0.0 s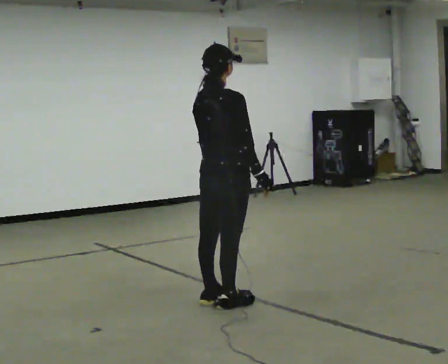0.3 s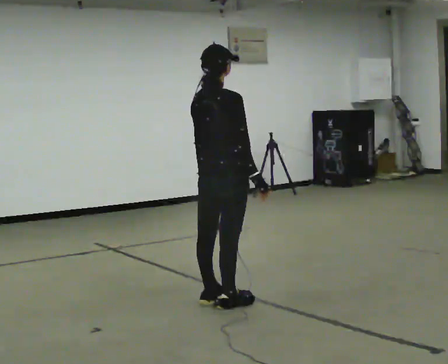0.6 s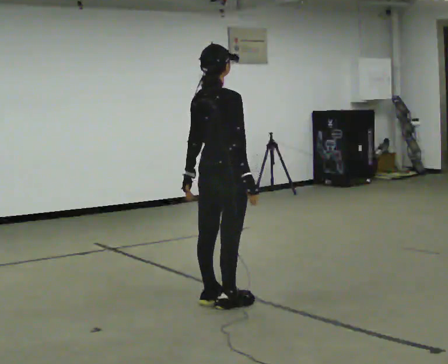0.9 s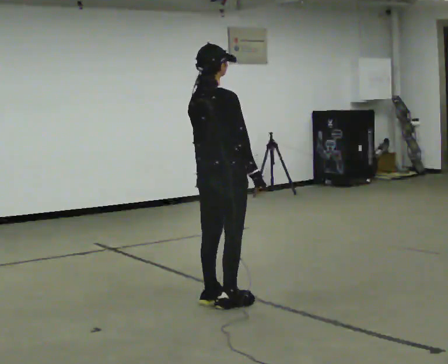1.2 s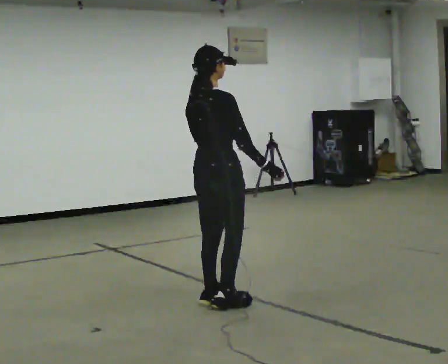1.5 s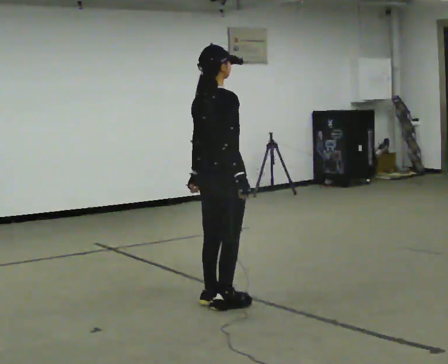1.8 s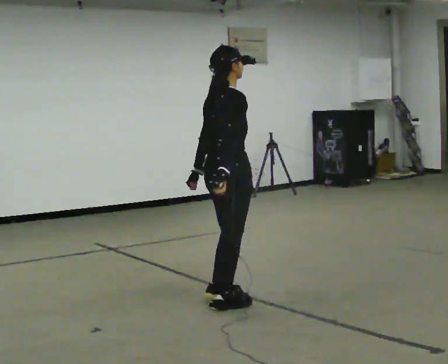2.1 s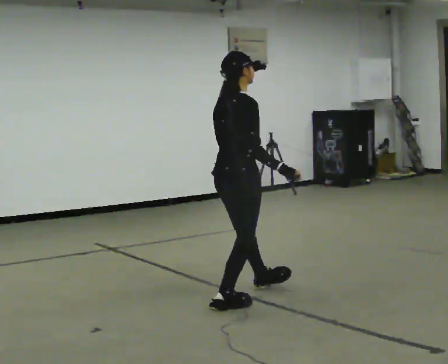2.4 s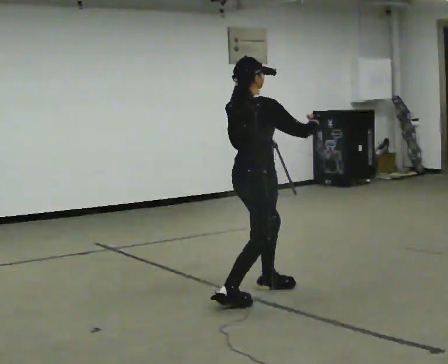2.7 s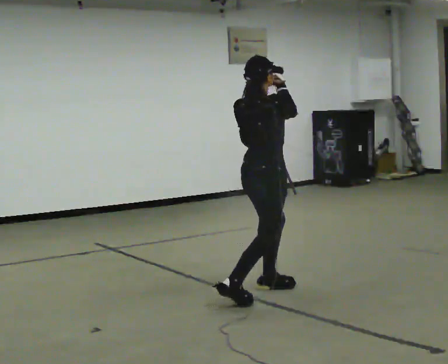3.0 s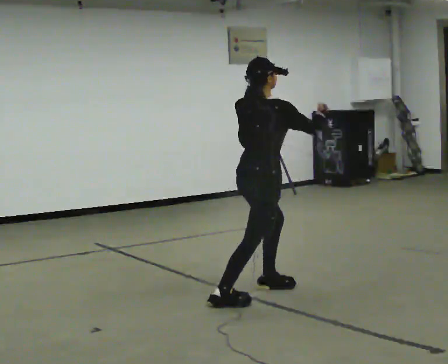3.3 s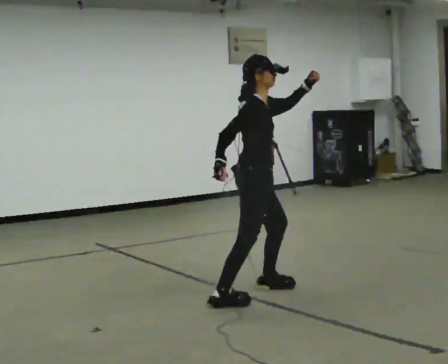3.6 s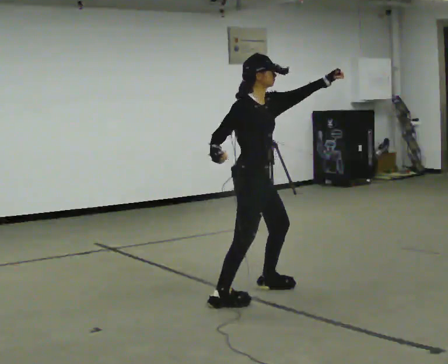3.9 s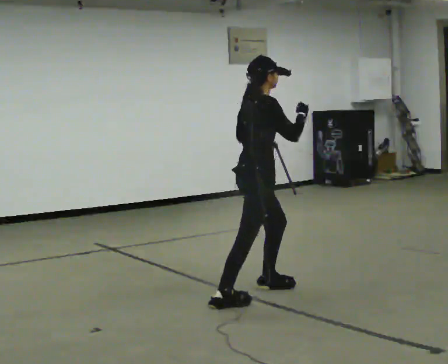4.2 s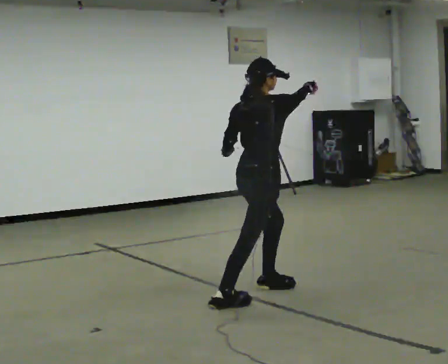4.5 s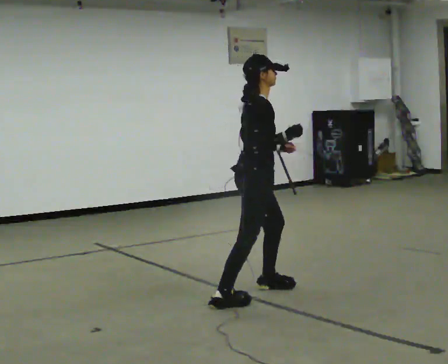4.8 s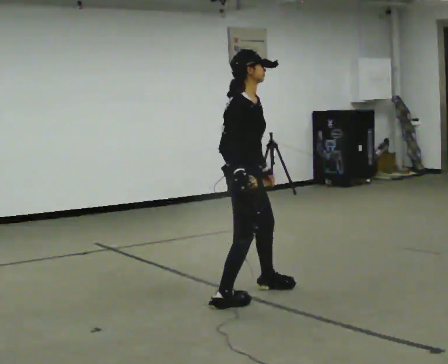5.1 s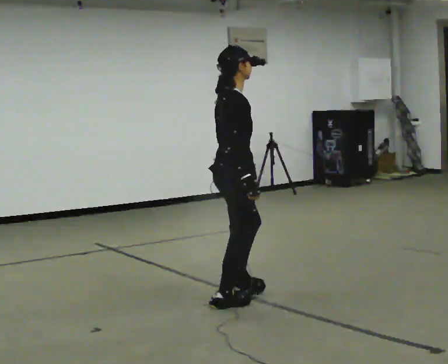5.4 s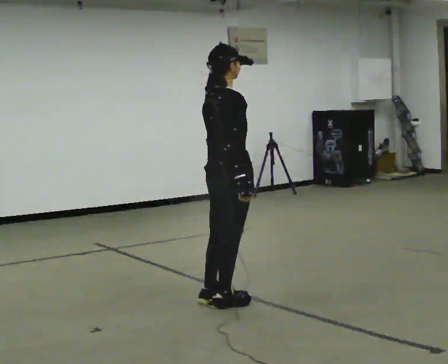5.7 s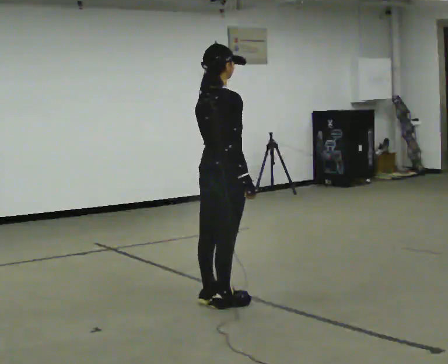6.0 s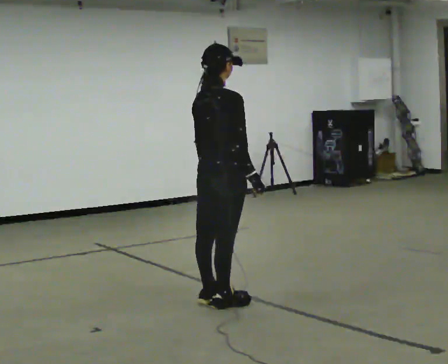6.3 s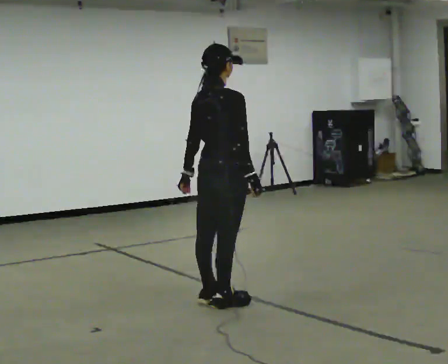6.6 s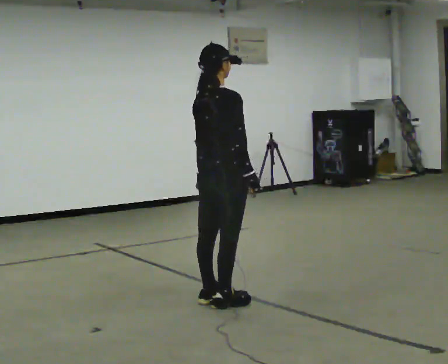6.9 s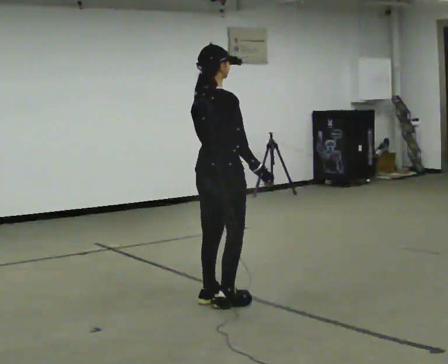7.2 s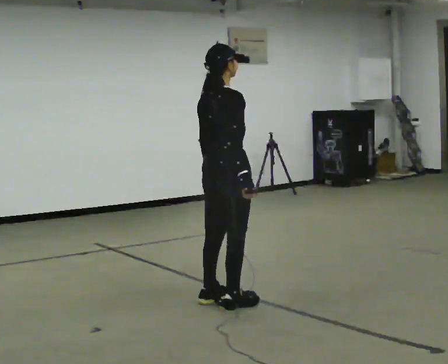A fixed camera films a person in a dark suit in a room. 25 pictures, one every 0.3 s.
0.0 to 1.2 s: The person moves a little, or ends about where they began.
1.2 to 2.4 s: In the picture they go to the right and away from the camera, about 0.25 m in 1 step, which for them is forward. In the picture their left hand goes upward.
2.4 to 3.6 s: Seen from above the body turns clockwise, about 60 degrees: to their right, with its near side sliding to the left. In the picture their right hand goes to the left.
3.6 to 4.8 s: In the picture their left hand goes downward and to the left.
4.8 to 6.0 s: The person turns about 60 degrees to their left, counterclockwise seen from above, so the part of the body nearest the lens slides to the right. In the picture they go to the left, about 0.25 m in 1 step, which for them is backward.
6.0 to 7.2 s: The person moves a little, or ends about where they began.
The film runs backward here.
